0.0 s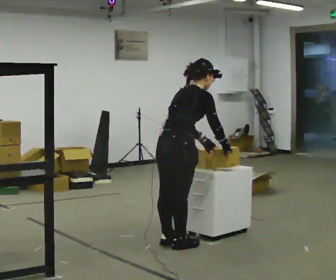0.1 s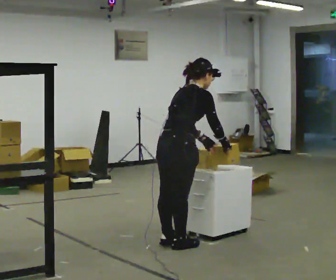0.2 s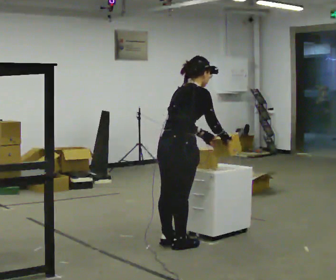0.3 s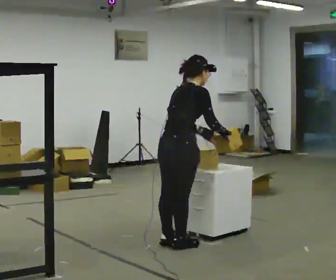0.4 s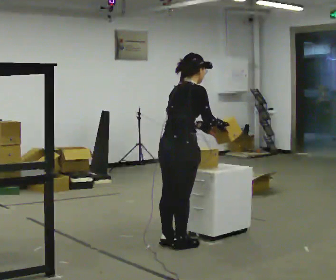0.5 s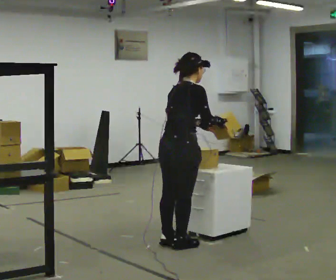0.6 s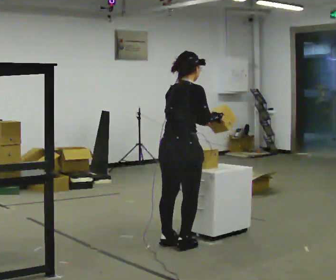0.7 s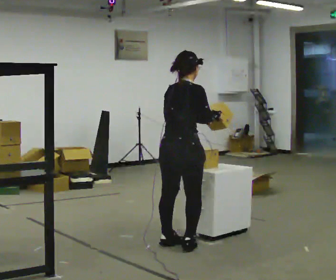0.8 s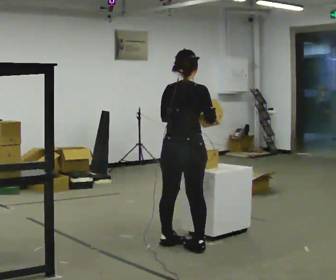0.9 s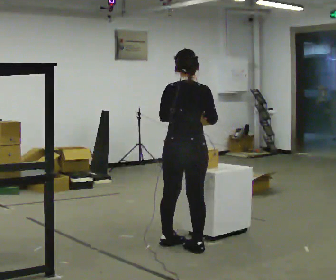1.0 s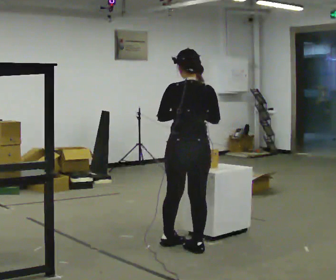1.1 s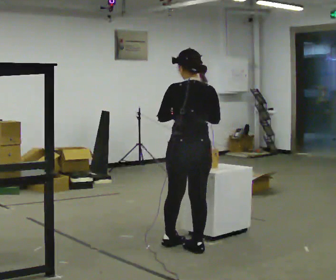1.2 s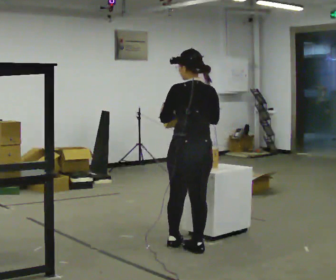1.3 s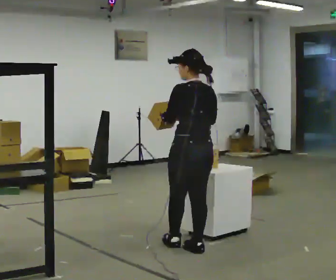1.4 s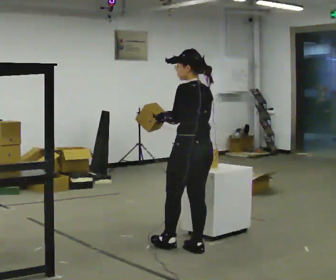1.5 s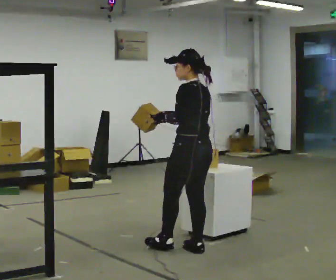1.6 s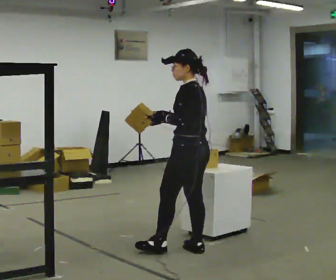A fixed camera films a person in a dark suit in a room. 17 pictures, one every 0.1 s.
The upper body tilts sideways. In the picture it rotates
counterclockwise.
The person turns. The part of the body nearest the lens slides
to the right.
0.0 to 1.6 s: The part of the body nearest the lens slides to the right as the person turns to their left by about 120 degrees. In the picture they go to the right, about 0.25 m in 1 step. In the picture the upper body tilts counterclockwise, shoulders to the left, as they lean back or straighten. In the picture their right hand goes to the left.
The film runs forward here.
